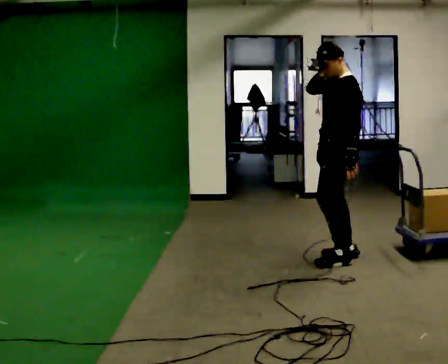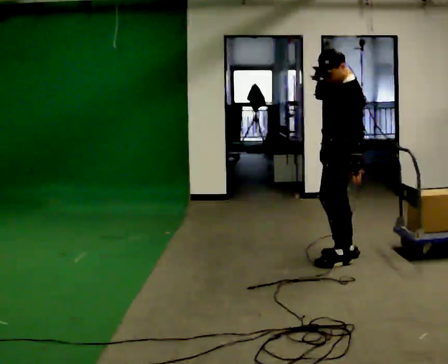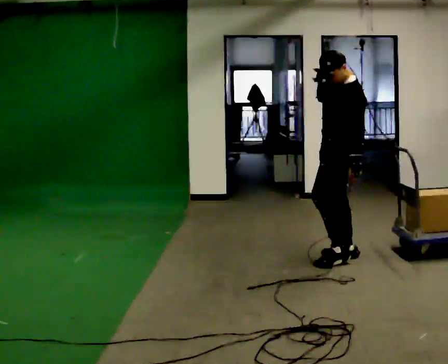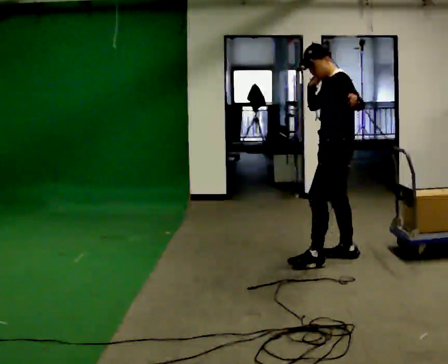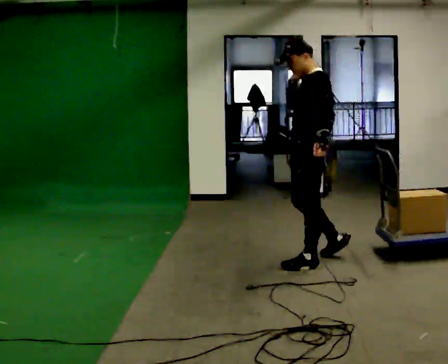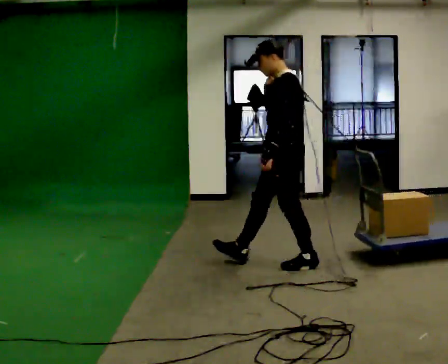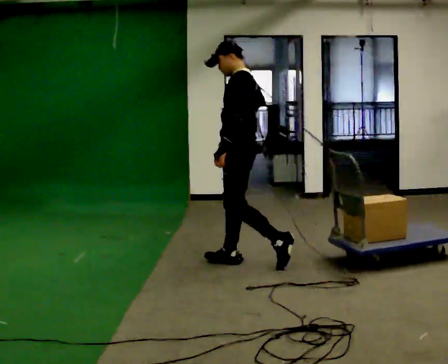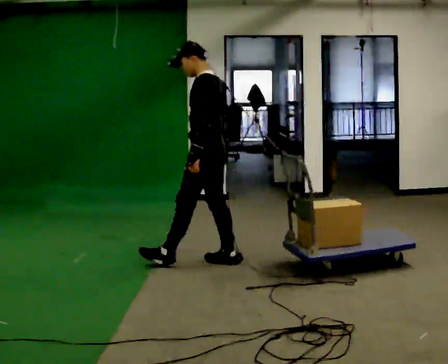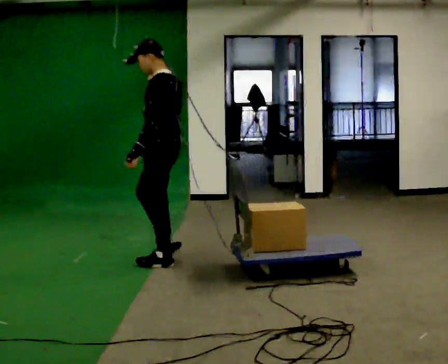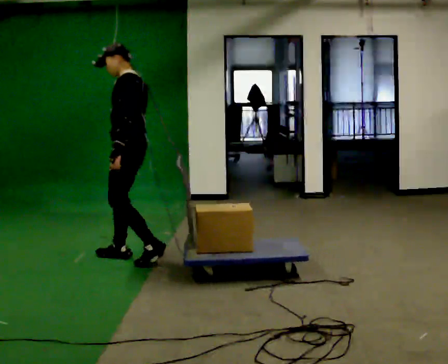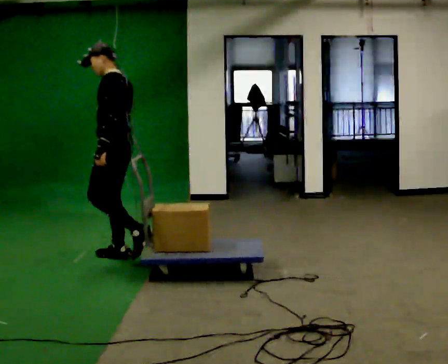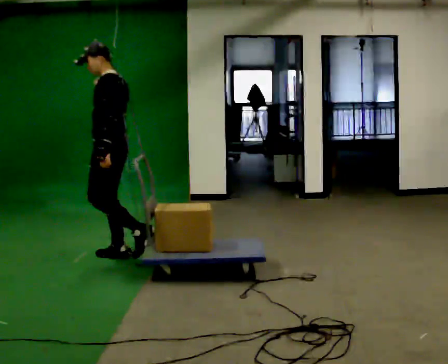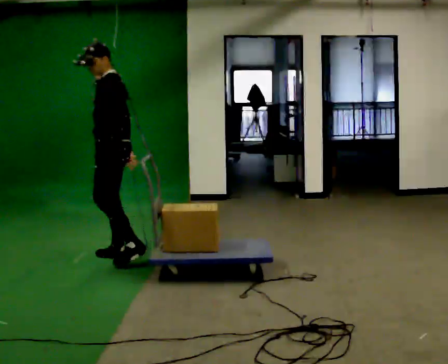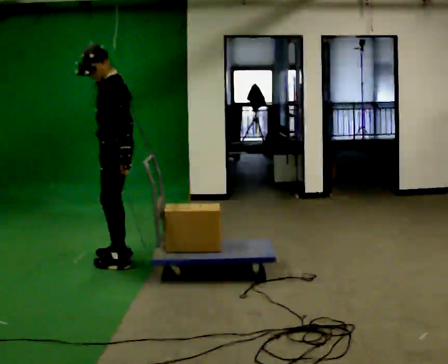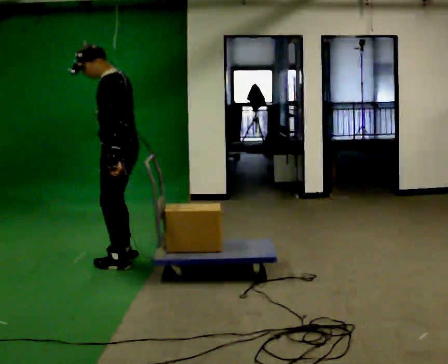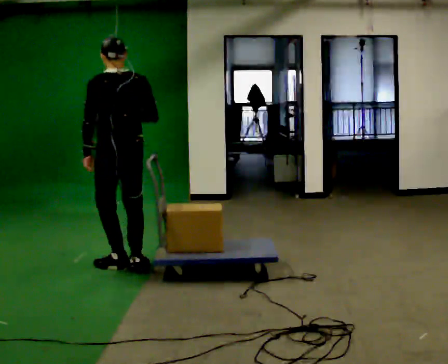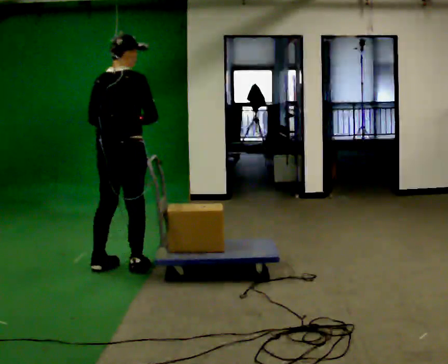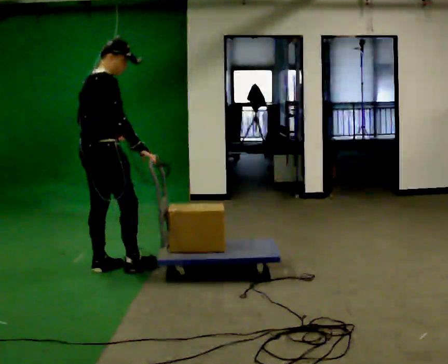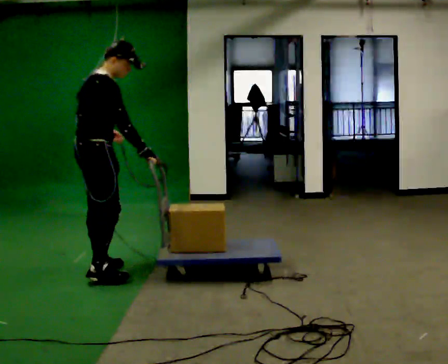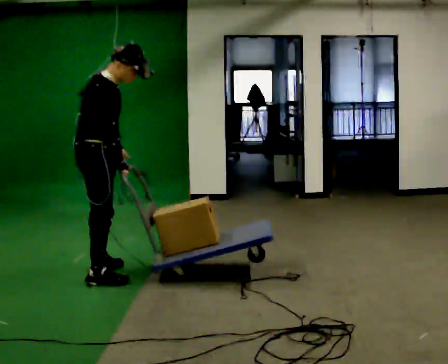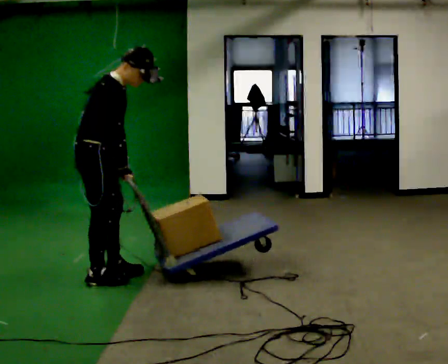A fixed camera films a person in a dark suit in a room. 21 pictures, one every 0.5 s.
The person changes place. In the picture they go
to the left.
0.0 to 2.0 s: In the picture they go to the left and toward the camera, about 0.25 m in 1 step, which for them is forward and to their left.
2.0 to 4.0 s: In the picture they go to the left, about 1 m in 2 steps, which for them is forward.
4.0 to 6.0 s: In the picture they go to the left and away from the camera, about 0.5 m in 2 steps, which for them is forward.
6.0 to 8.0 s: The part of the body nearest the lens slides to the left as the person turns to their right by about 120 degrees. In the picture they go toward the camera, about 0.25 m in 3 steps.
8.0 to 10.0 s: The part of the body nearest the lens slides to the left as the person turns to their right by about 60 degrees. In the picture they go toward the camera and to the left, about 0.25 m in 1 step, which for them is backward and to their right. In the picture the upper body tilts clockwise, shoulders to the right, as they bend forward. In the picture their right hand goes downward.
The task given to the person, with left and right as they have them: Put the rope over your shoulder and drag the sled across the room. Keep going until the operator says stop.
The film runs forward here.
